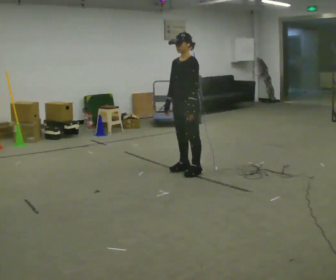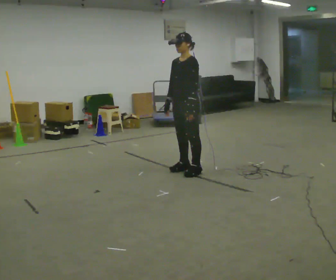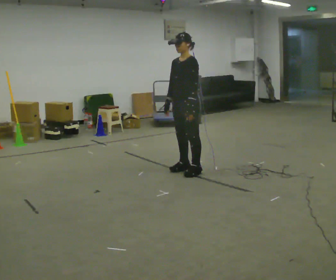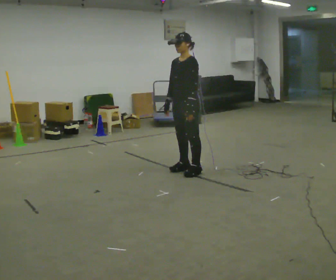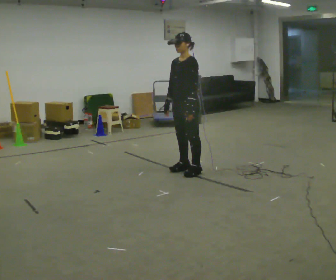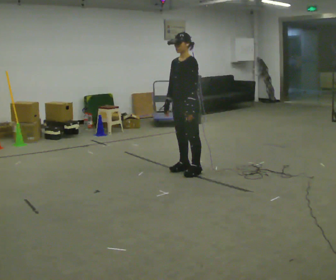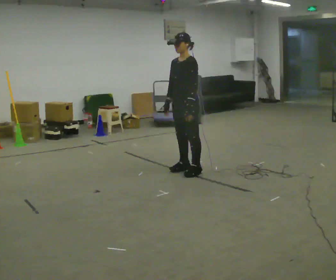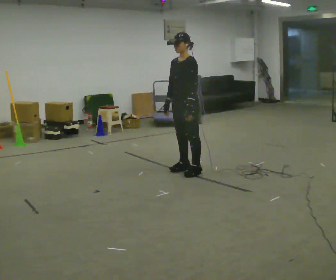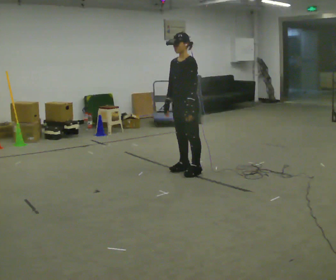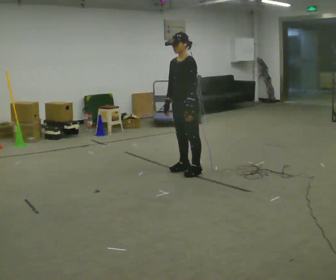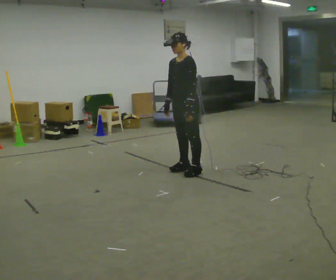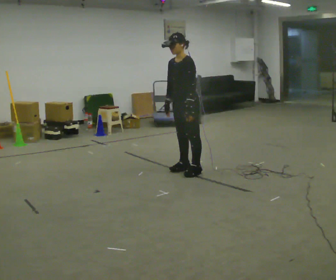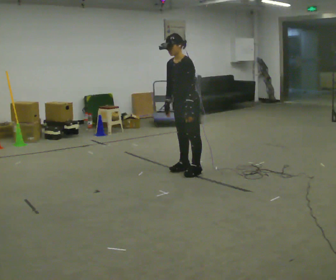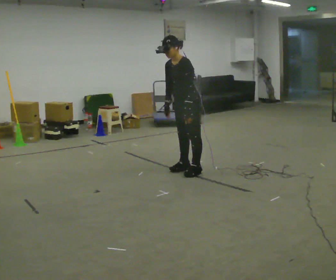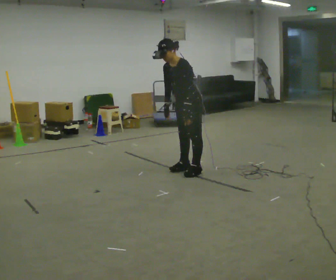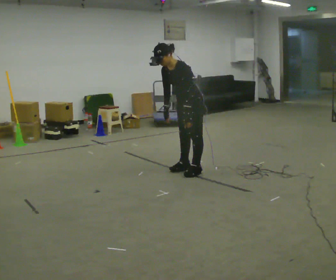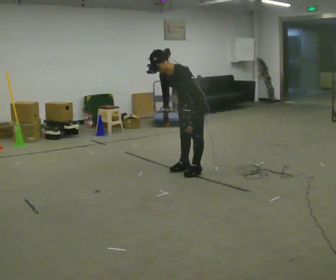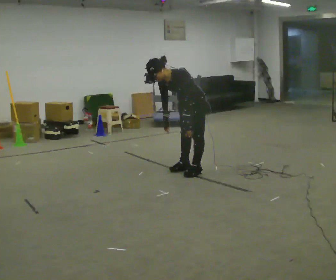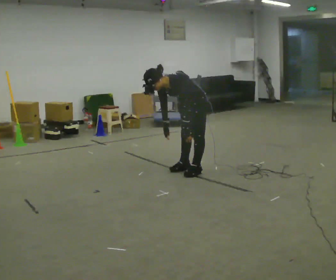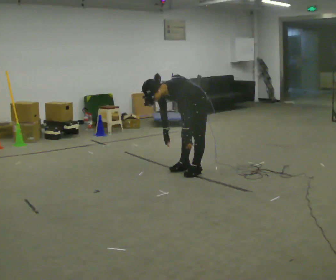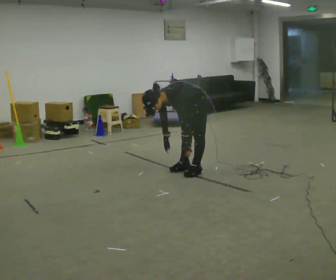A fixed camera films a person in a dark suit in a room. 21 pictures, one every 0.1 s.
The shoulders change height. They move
downward.
Their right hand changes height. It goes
downward.
0.0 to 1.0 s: The person moves a little, or ends about where they began.
1.0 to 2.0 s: The shoulders move downward. In the picture the upper body tilts counterclockwise, shoulders to the left, as they bend forward. In the picture their left hand goes downward.
The film runs forward here.
